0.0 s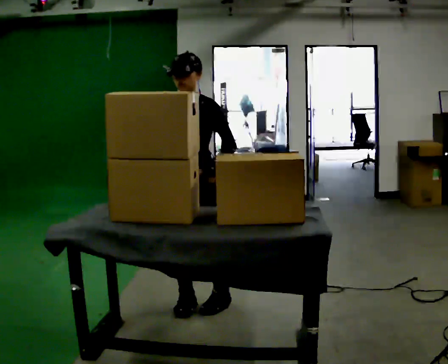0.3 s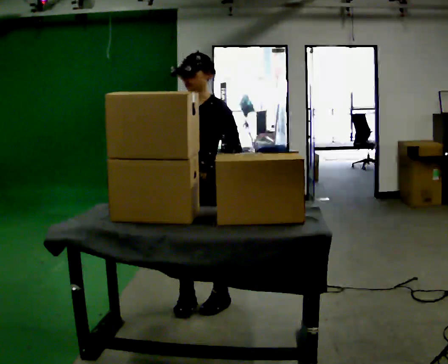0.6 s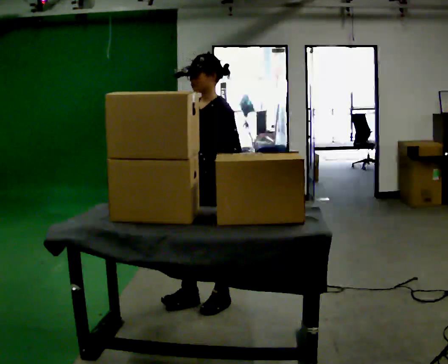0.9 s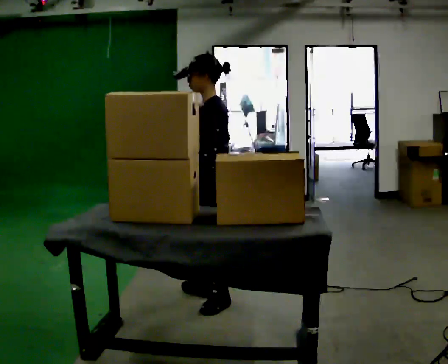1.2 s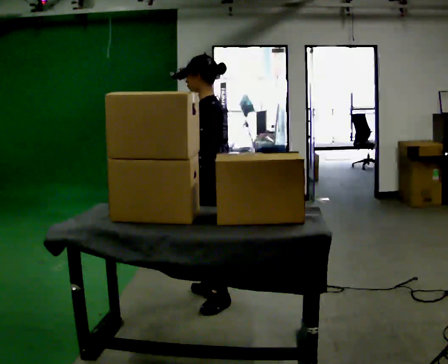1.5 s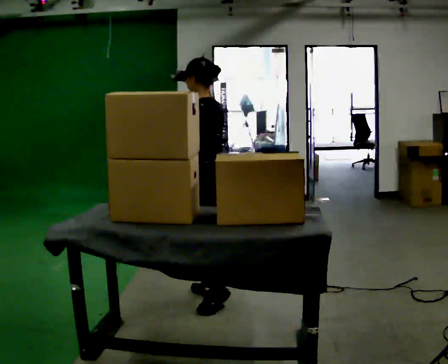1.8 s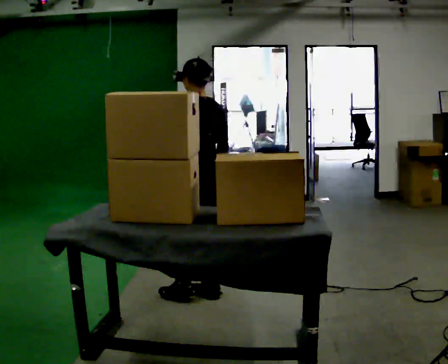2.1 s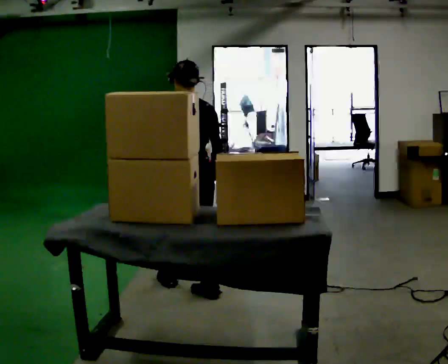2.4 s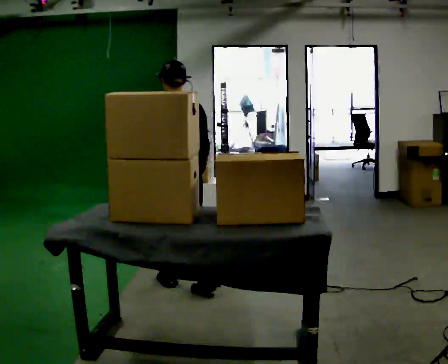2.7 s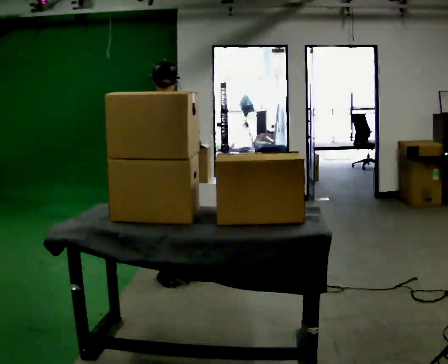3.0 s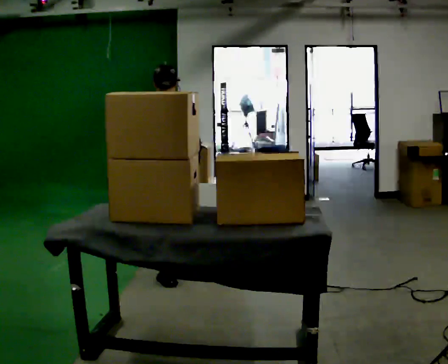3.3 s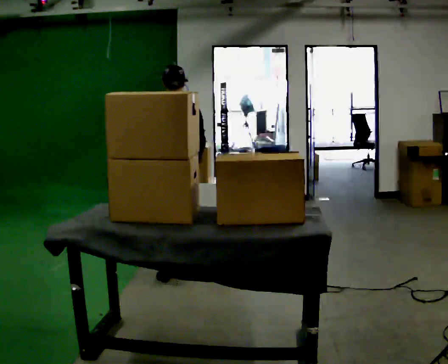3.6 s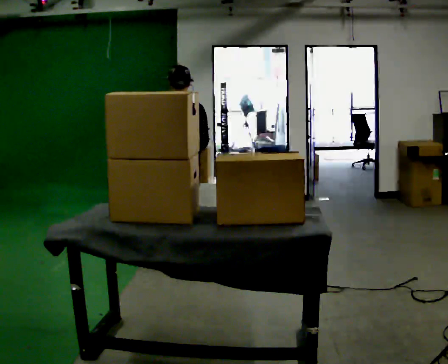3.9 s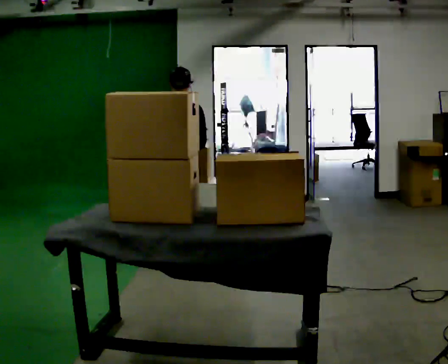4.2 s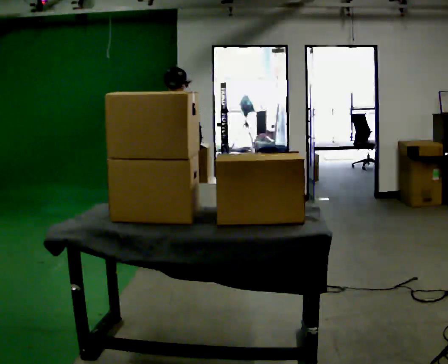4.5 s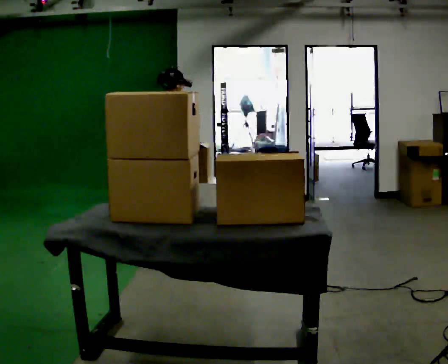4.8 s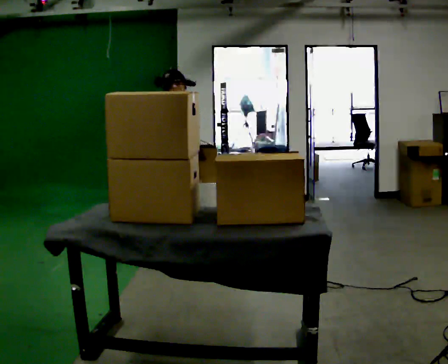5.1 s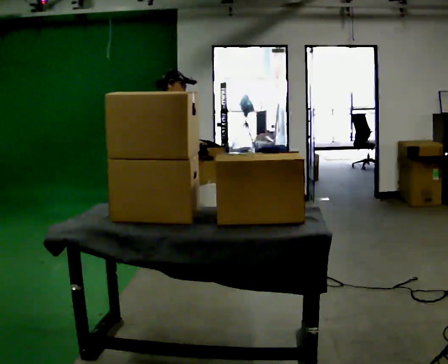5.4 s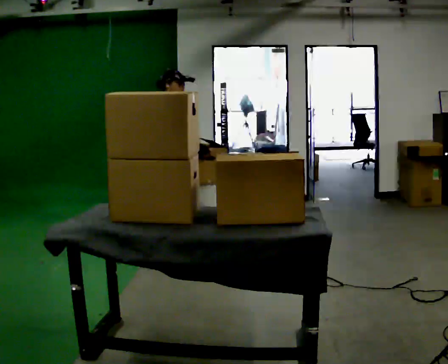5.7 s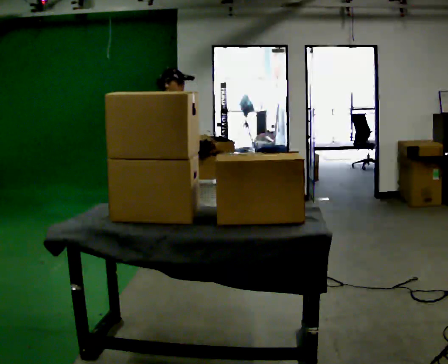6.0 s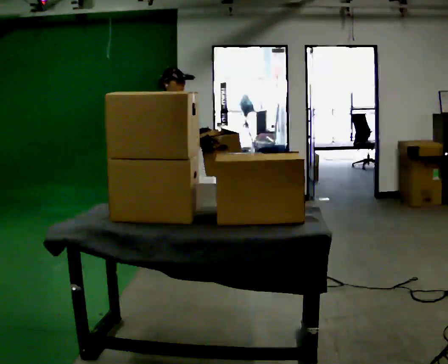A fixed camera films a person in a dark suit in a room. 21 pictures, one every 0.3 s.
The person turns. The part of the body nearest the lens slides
to the left.
The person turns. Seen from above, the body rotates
clockwise.
0.0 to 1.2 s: Seen from above the body turns clockwise, about 75 degrees: to their right, with its near side sliding to the left. In the picture their right hand goes to the right.
1.2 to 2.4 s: The part of the body nearest the lens slides to the left as the person turns to their right by about 60 degrees. In the picture they go away from the camera and to the left, about 0.25 m in 1 step.
2.4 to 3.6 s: In the picture they go away from the camera, about 0.5 m in 1 step, which for them is forward.
3.6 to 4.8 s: Seen from above the body turns clockwise, about 60 degrees: to their right, with its near side sliding to the left. In the picture they go away from the camera, about 0.25 m in 2 steps, which for them is to their left and forward. The upper body tips away from the camera, its near side rolling upward, as they bend forward.
4.8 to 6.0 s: The person turns about 30 degrees to their right, clockwise seen from above, so the part of the body nearest the lens slides to the left.
The film runs forward here.
